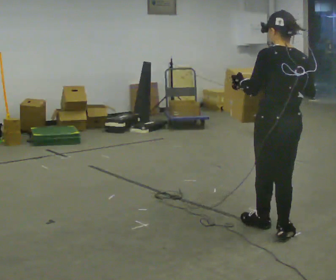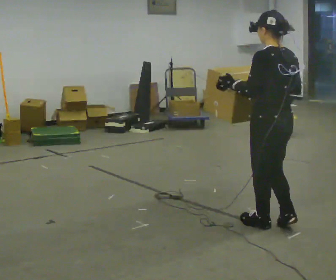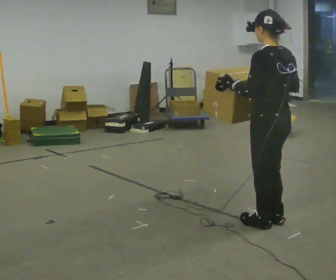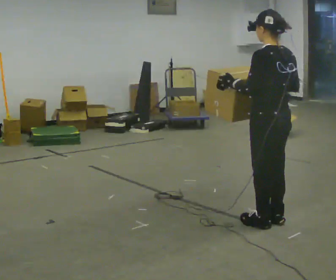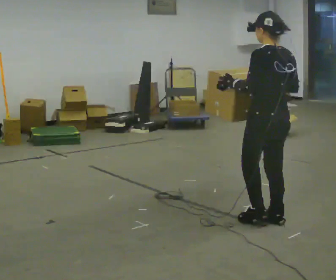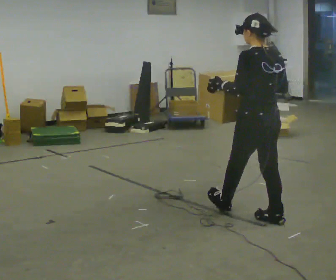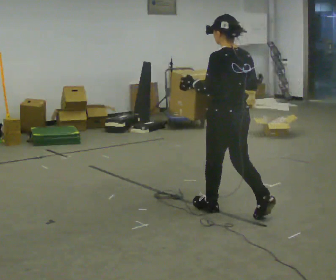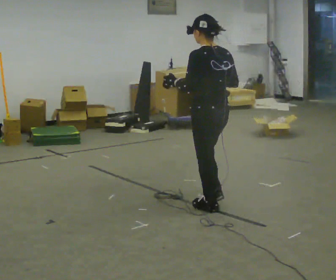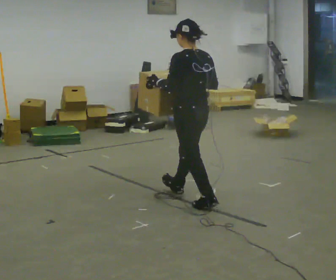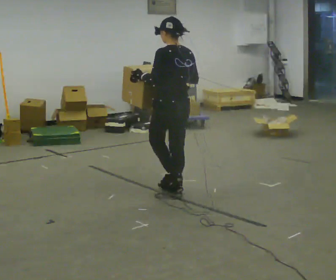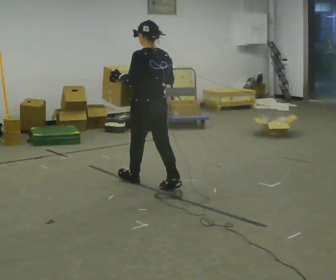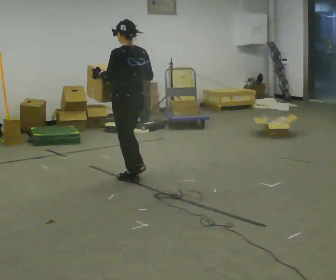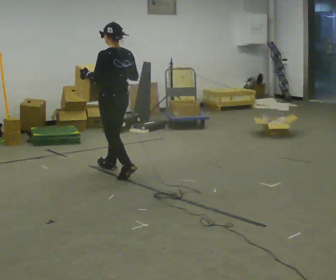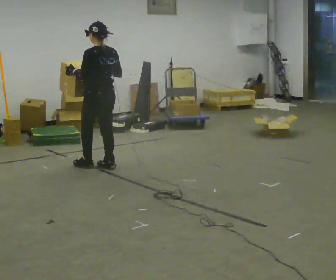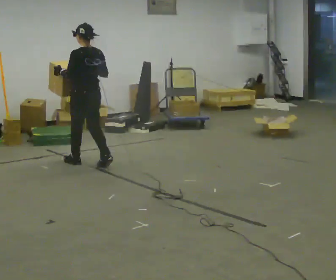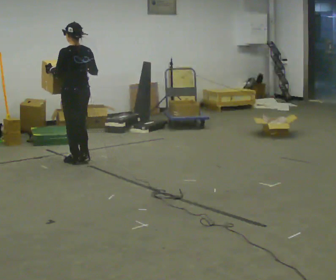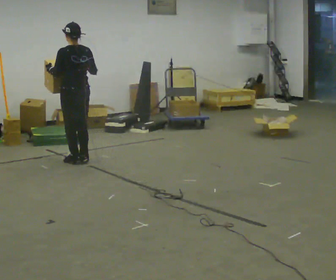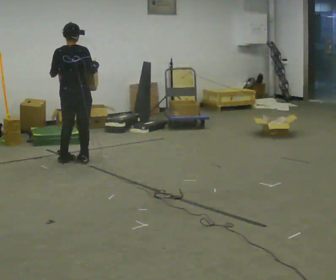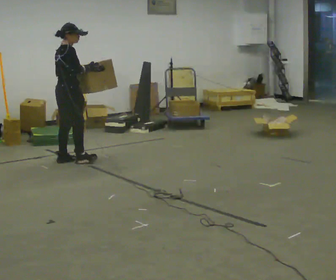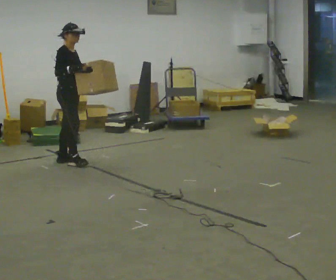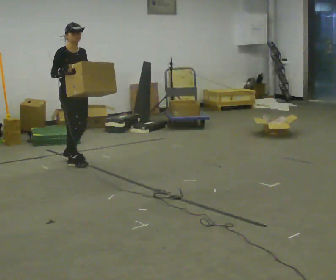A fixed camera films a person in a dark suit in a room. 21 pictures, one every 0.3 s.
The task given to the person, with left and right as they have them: Carry the box across the room as briskly as you comfortably can, back and forth. Do not run.
0.0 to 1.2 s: In the picture they go away from the camera, about 0.25 m in 1 step, which for them is forward.
1.2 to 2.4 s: In the picture they go away from the camera and to the left, about 1 m in 2 steps, which for them is forward.
2.4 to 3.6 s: In the picture they go away from the camera and to the left, about 1 m in 2 steps, which for them is forward.
3.6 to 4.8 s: In the picture they go away from the camera and to the left, about 0.5 m in 2 steps, which for them is forward.
4.8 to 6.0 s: Seen from above the body turns clockwise, about 165 degrees: to their right, with its near side sliding to the left.
The film runs forward here.
